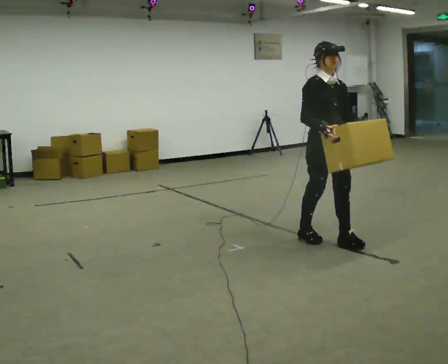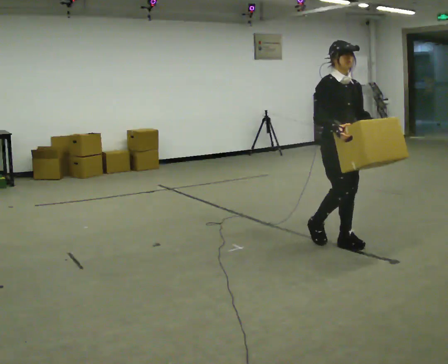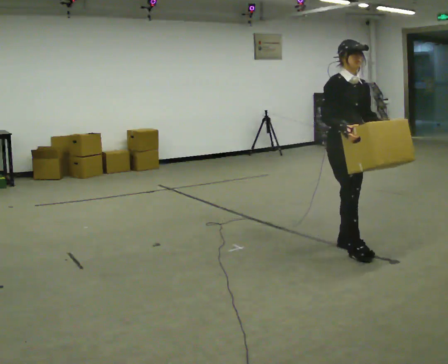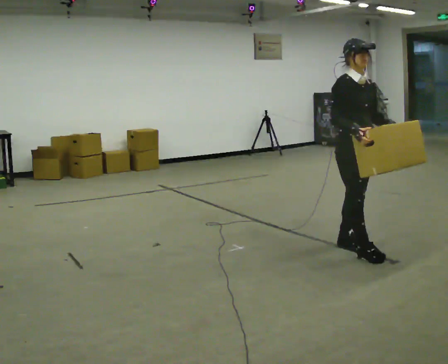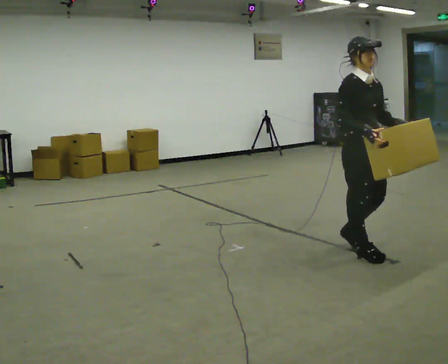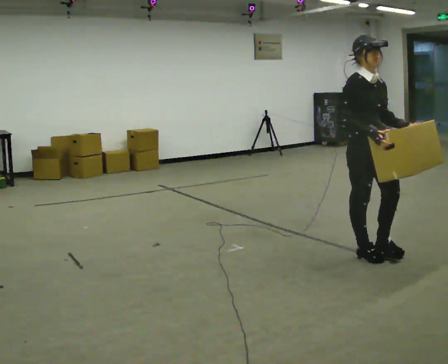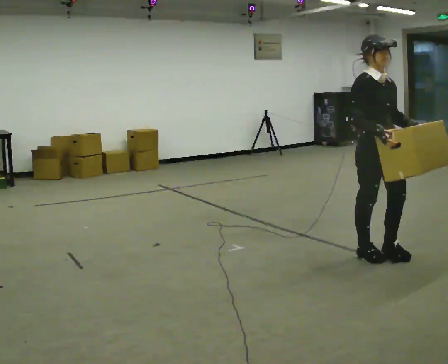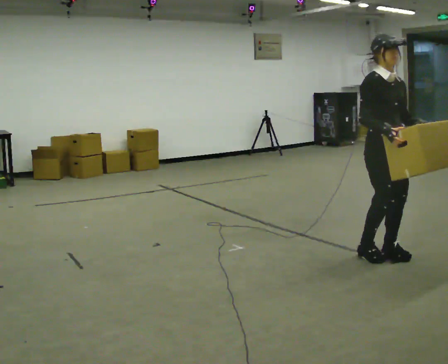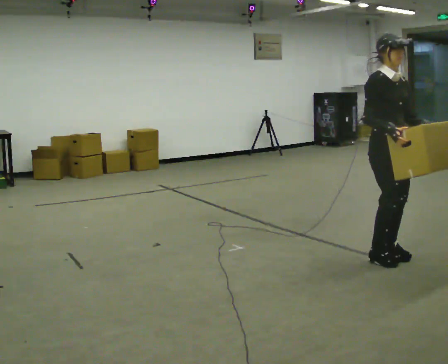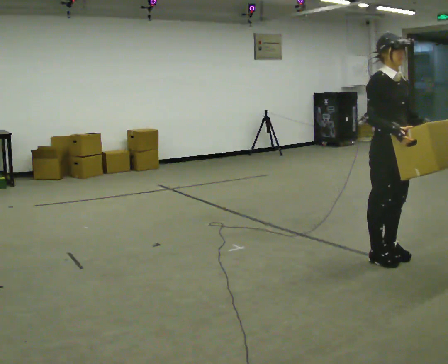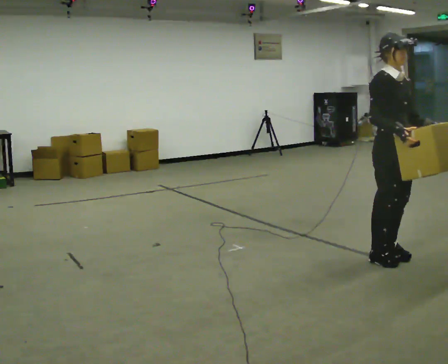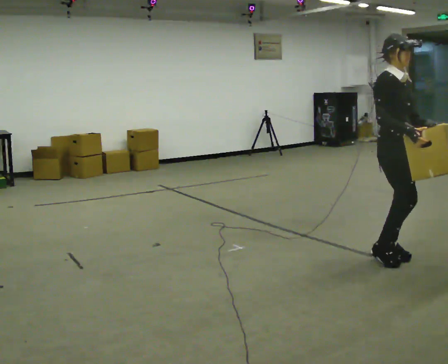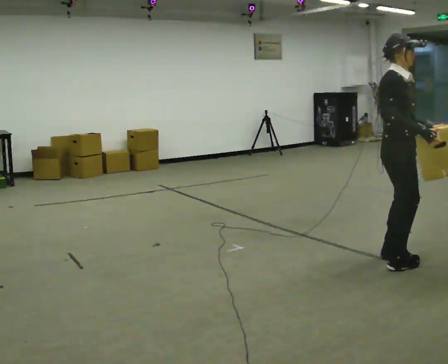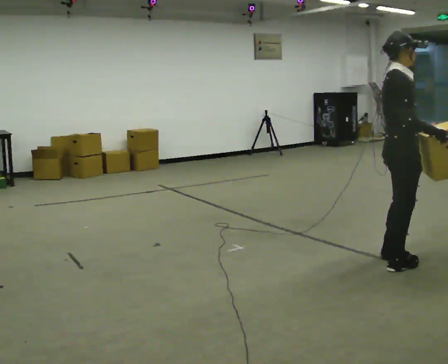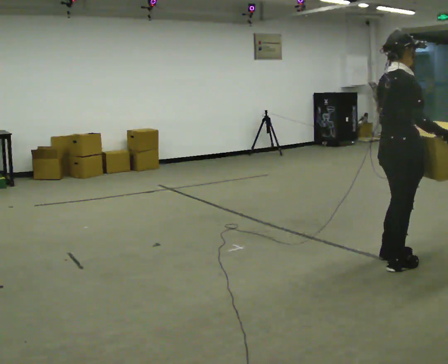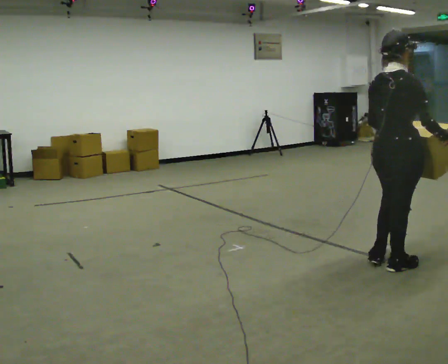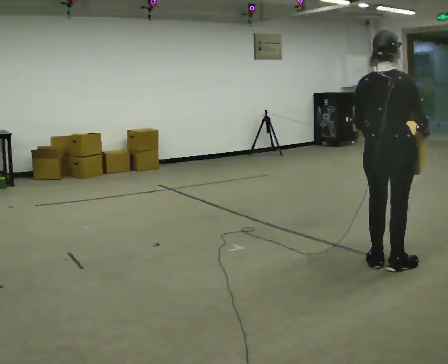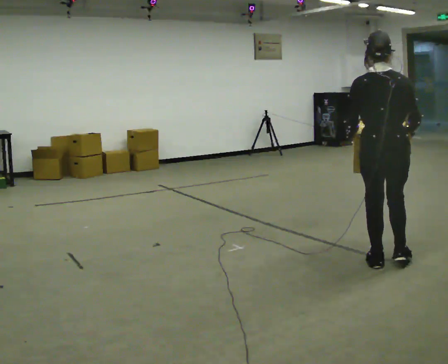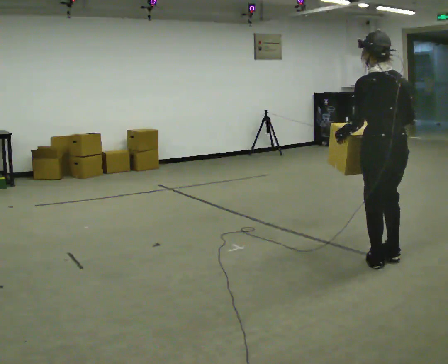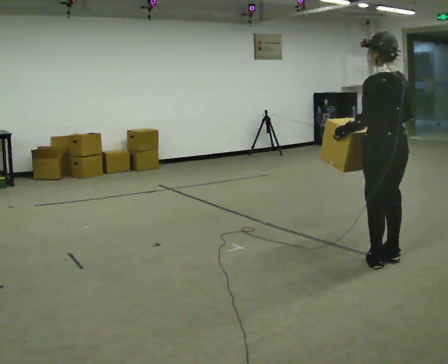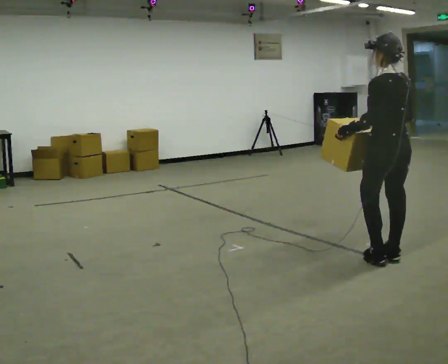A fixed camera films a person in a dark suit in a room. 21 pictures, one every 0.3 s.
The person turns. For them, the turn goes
to their left.
Their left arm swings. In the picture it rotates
clockwise.
0.0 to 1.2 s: In the picture they go toward the camera and to the right, about 0.5 m in 1 step, which for them is forward.
1.2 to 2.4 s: In the picture they go to the right, about 0.25 m in 1 step, which for them is forward.
2.4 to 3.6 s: Seen from above the body turns counterclockwise, about 30 degrees: to their left, with its near side sliding to the right.
3.6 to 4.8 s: The person turns about 90 degrees to their left, counterclockwise seen from above, so the part of the body nearest the lens slides to the right.
4.8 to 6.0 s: The person turns about 60 degrees to their left, counterclockwise seen from above, so the part of the body nearest the lens slides to the right. In the picture they go away from the camera, about 0.25 m in 1 step.
The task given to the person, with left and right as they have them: Carry the box across the room much more slowly and carefully than normal, back and forth.
The film runs forward here.
